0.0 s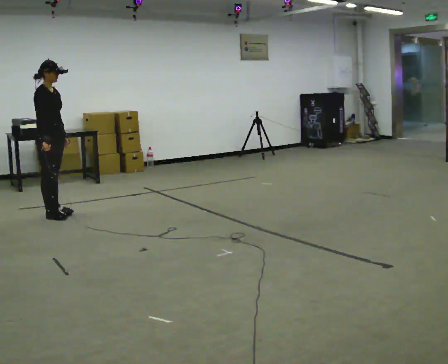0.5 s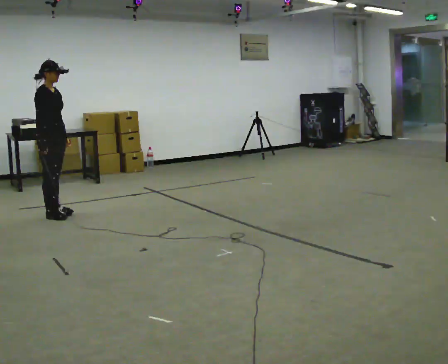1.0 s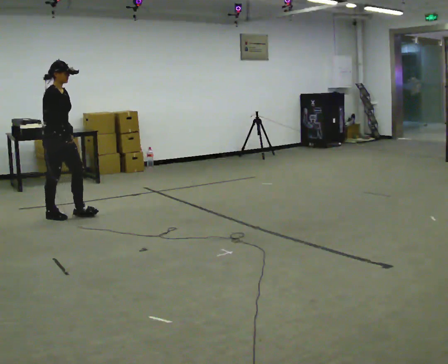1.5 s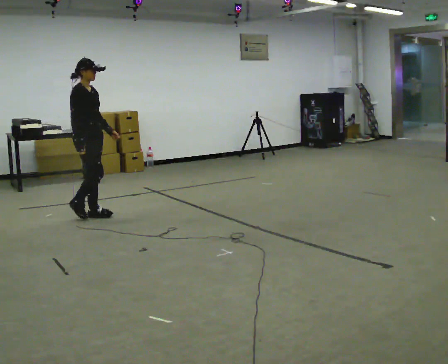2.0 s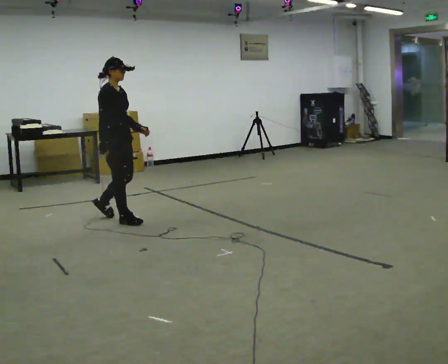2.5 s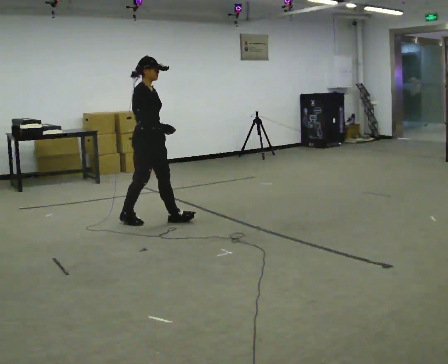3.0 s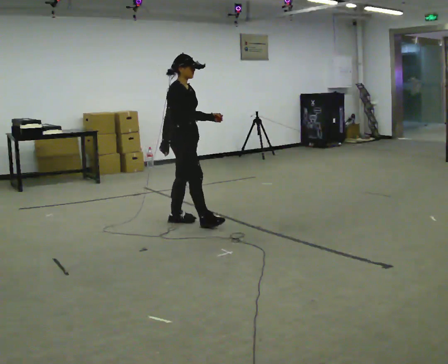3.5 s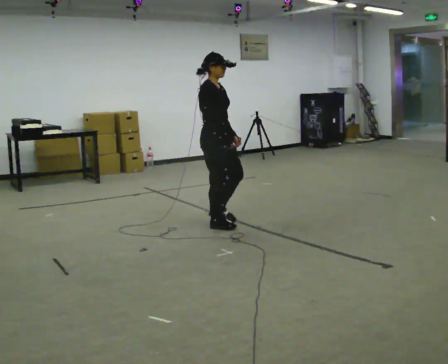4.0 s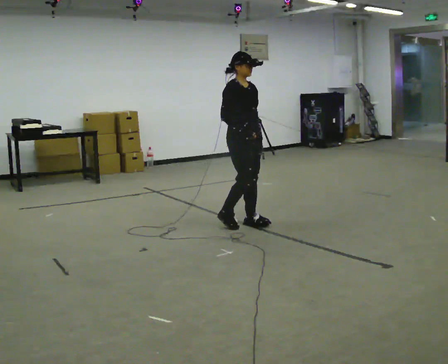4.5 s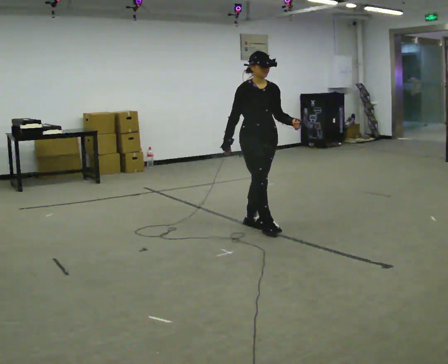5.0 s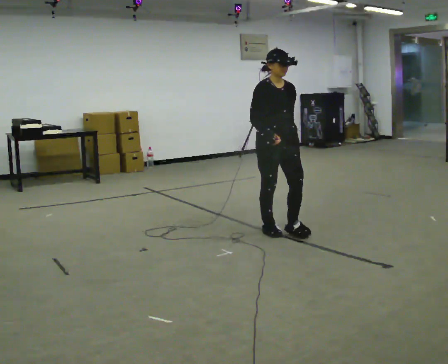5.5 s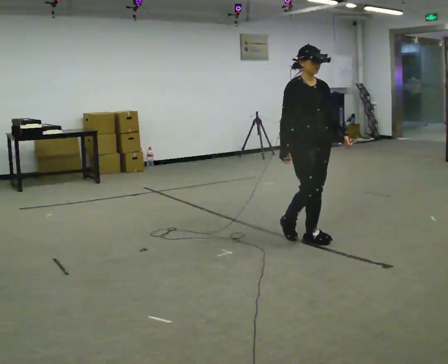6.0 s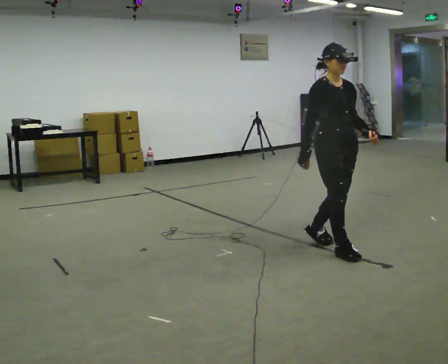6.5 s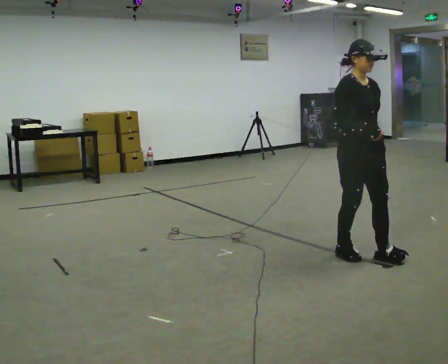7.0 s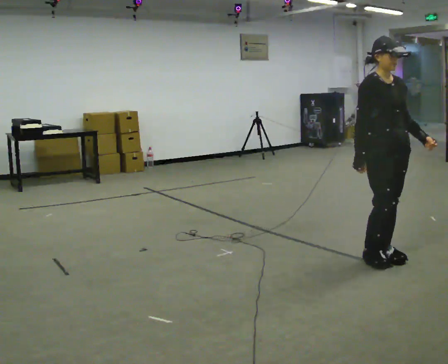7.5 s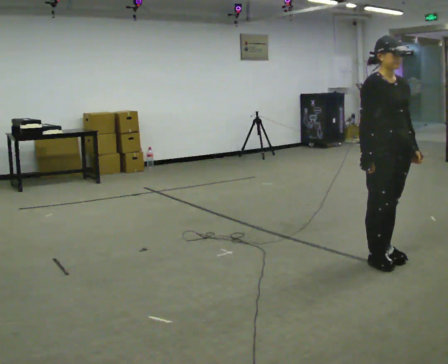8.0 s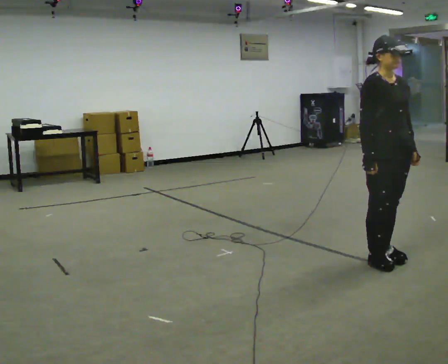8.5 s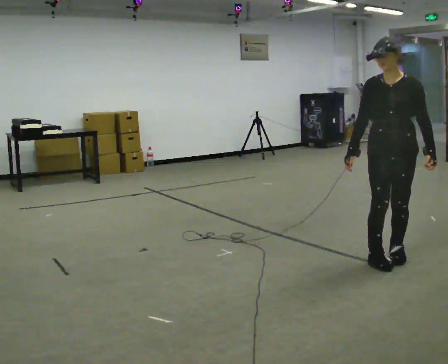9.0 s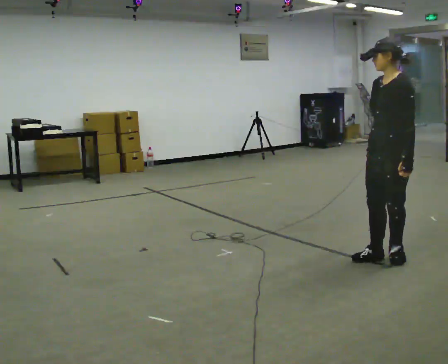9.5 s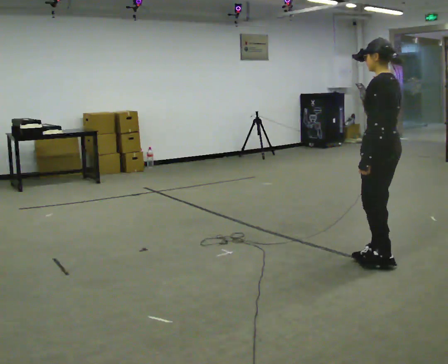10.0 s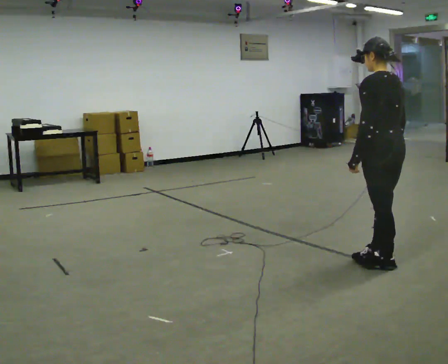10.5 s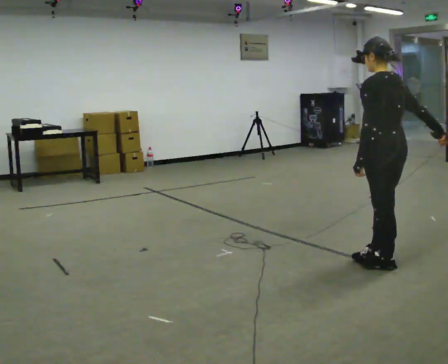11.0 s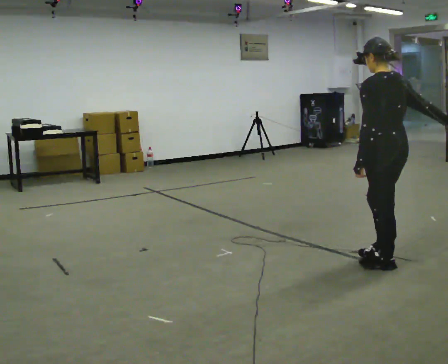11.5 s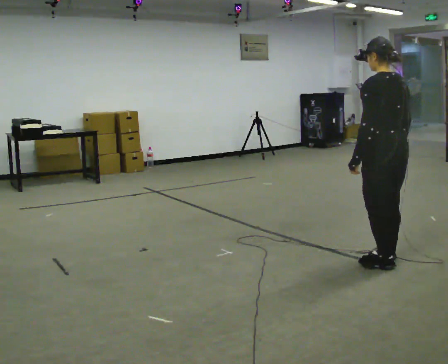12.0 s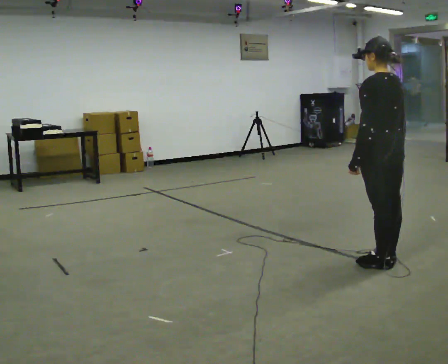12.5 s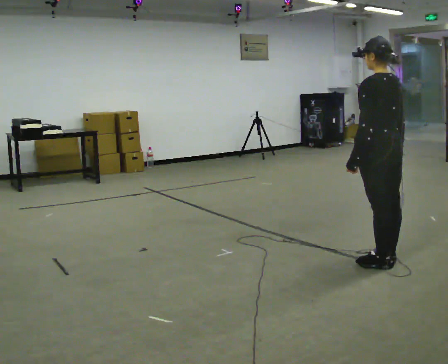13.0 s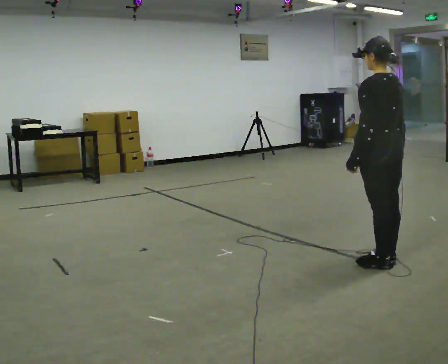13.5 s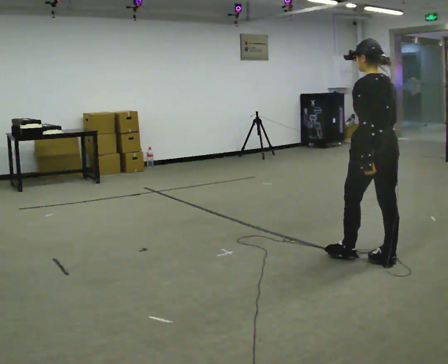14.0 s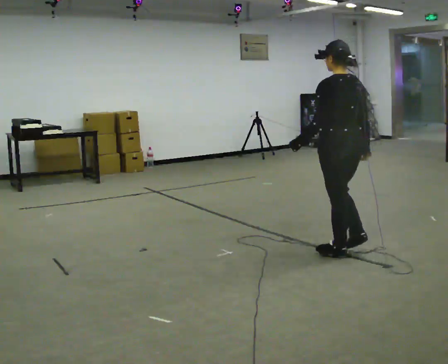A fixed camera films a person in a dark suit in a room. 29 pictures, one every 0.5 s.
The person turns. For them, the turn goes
to their right.
The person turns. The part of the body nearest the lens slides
to the left.
0.0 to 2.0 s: In the picture they go to the right, about 0.5 m in 2 steps, which for them is forward.
2.0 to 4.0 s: The person turns about 30 degrees to their right, clockwise seen from above, so the part of the body nearest the lens slides to the left. In the picture they go to the right, about 1 m in 3 steps, which for them is forward.
4.0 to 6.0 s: In the picture they go to the right and toward the camera, about 1 m in 3 steps, which for them is forward.
6.0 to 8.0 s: In the picture they go to the right and toward the camera, about 0.5 m in 2 steps, which for them is forward.
8.0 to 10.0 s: The person turns about 165 degrees to their right, clockwise seen from above, so the part of the body nearest the lens slides to the left. In the picture their left hand goes to the left, the arm swinging clockwise.
10.0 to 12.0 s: The person moves a little, or ends about where they began.
12.0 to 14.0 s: In the picture they go to the left and away from the camera, about 0.25 m in 1 step, which for them is forward.
The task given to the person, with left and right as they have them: Walk straight; at marker turn ~45° while continuing to walk; continue straight.
The film runs forward here.
